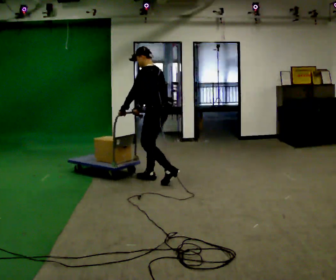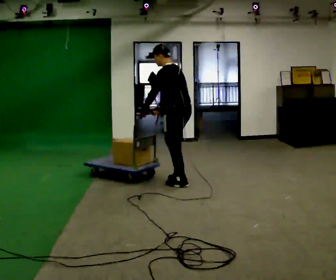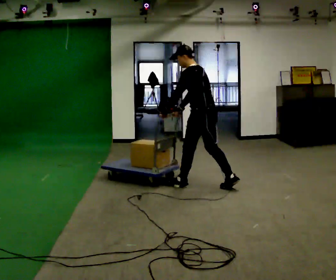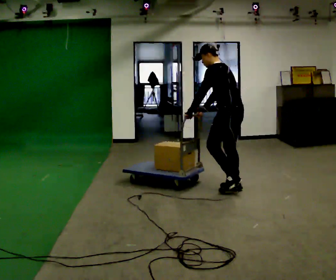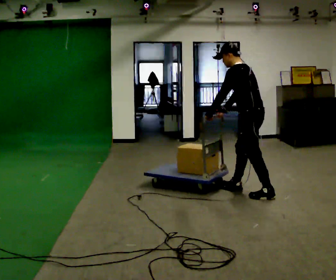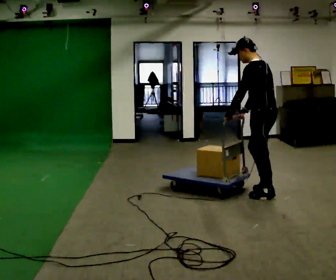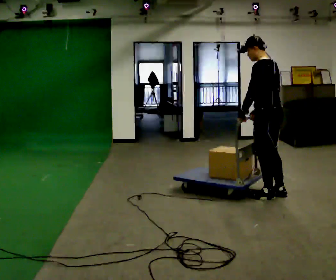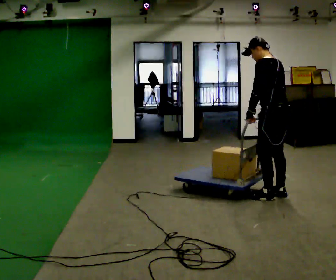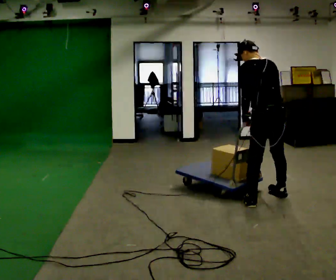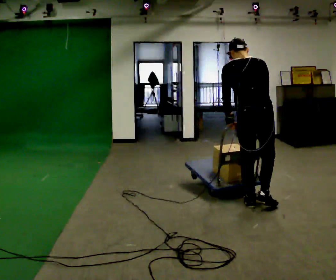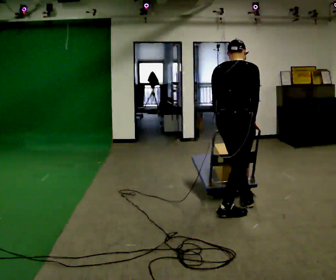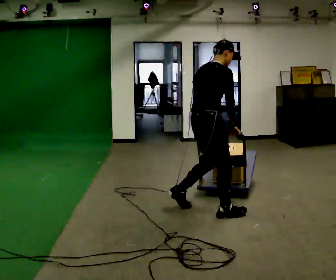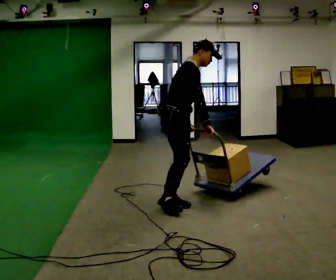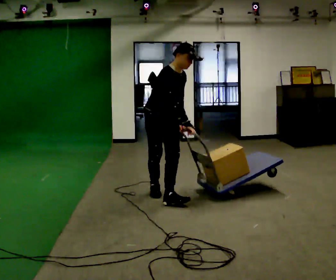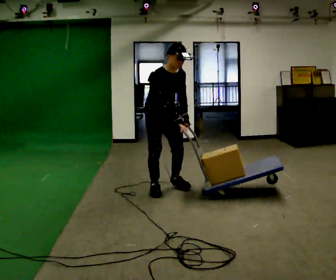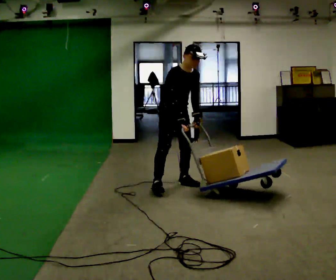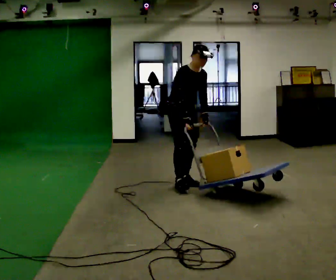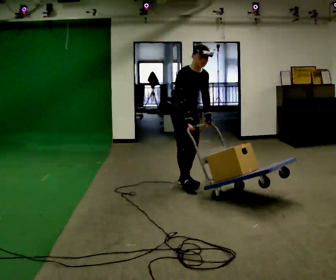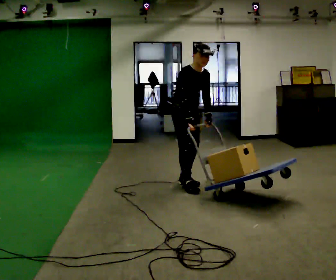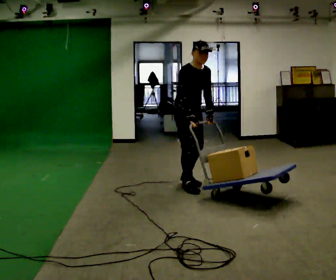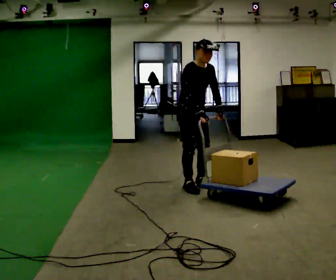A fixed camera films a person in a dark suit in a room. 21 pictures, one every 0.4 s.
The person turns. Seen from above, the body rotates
clockwise.
The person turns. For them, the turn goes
to their right.
0.0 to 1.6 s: In the picture they go to the right and toward the camera, about 1 m in 2 steps, which for them is backward.
1.6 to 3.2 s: The person turns about 30 degrees to their right, clockwise seen from above, so the part of the body nearest the lens slides to the left. In the picture they go toward the camera and to the right, about 0.25 m in 2 steps, which for them is backward.
3.2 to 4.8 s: Seen from above the body turns clockwise, about 135 degrees: to their right, with its near side sliding to the left. In the picture they go to the left, about 1 m in 3 steps. In the picture the upper body tilts clockwise, shoulders to the right.
4.8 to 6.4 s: The person turns about 30 degrees to their right, clockwise seen from above, so the part of the body nearest the lens slides to the left. In the picture they go away from the camera, about 1 m in 2 steps, which for them is backward and to their left.
6.4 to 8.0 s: In the picture they go toward the camera, about 0.25 m in 1 step, which for them is forward.
The film runs backward here.
